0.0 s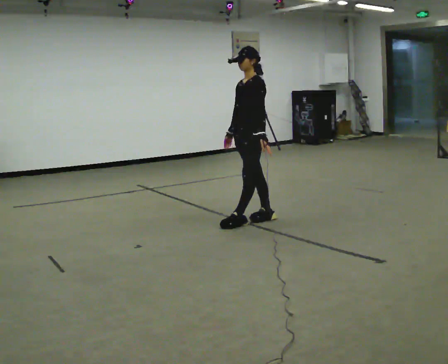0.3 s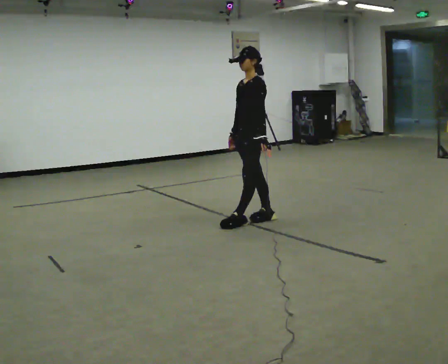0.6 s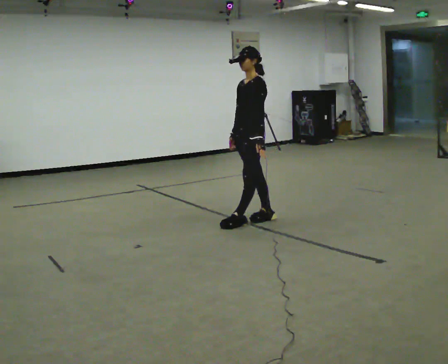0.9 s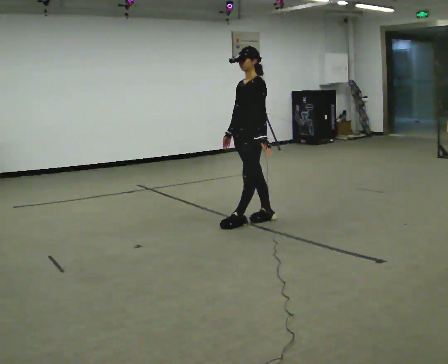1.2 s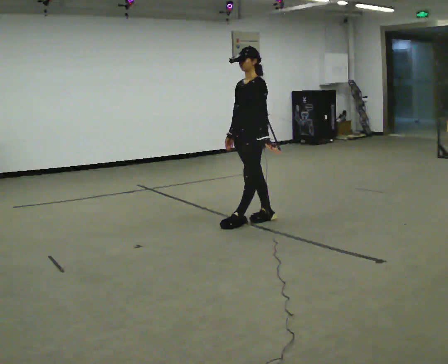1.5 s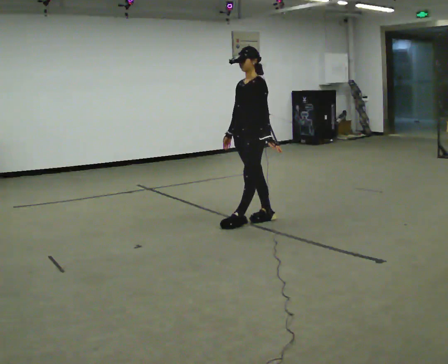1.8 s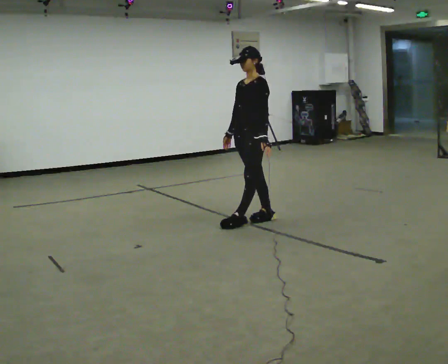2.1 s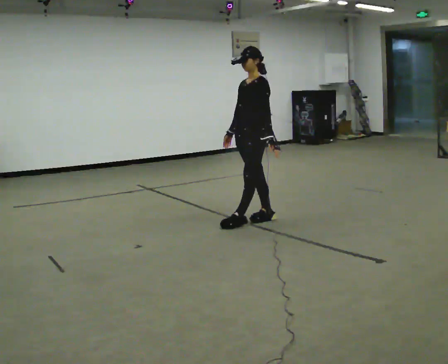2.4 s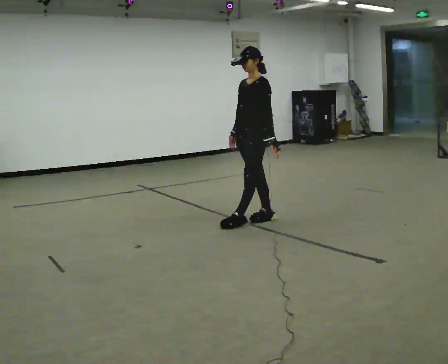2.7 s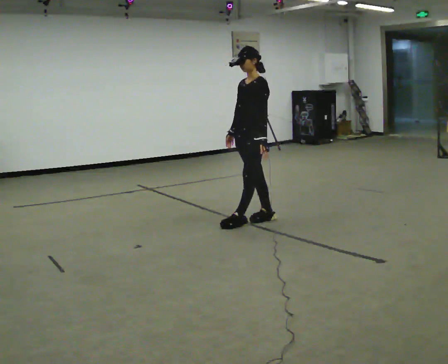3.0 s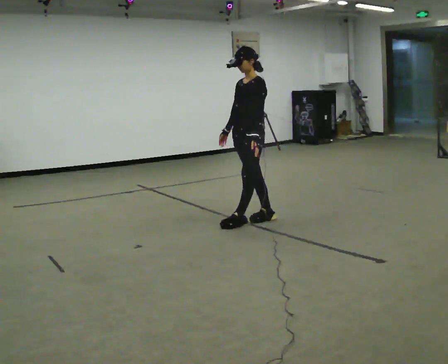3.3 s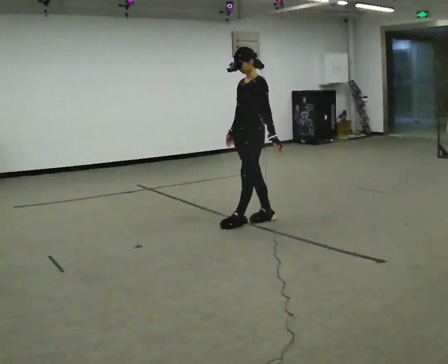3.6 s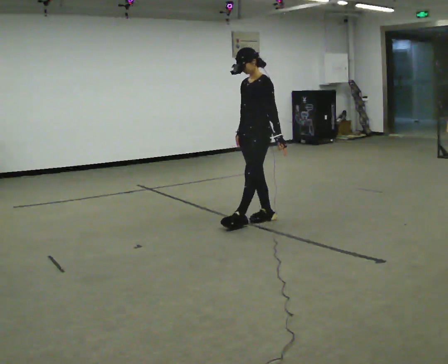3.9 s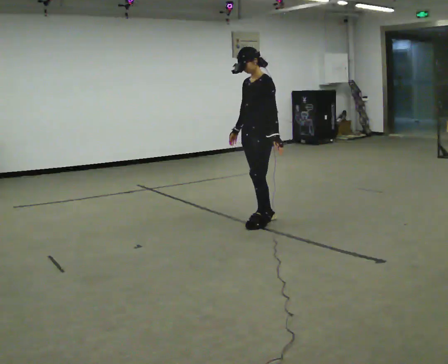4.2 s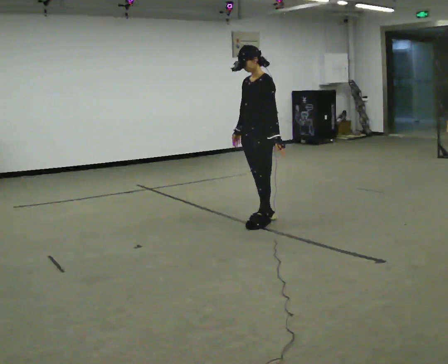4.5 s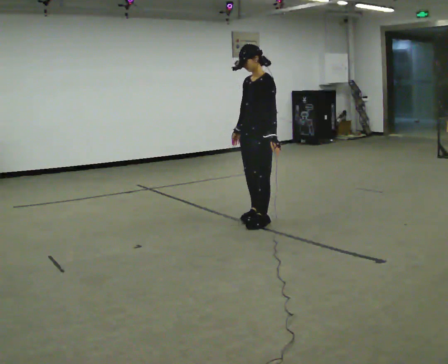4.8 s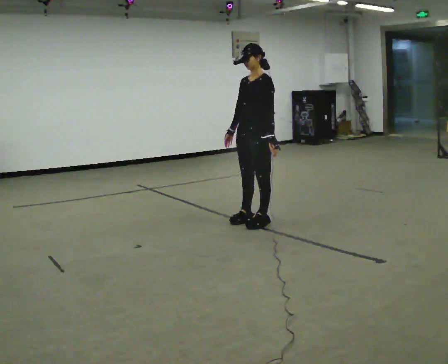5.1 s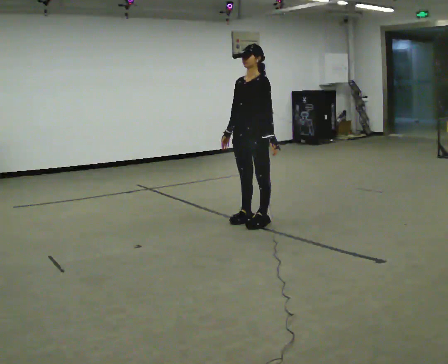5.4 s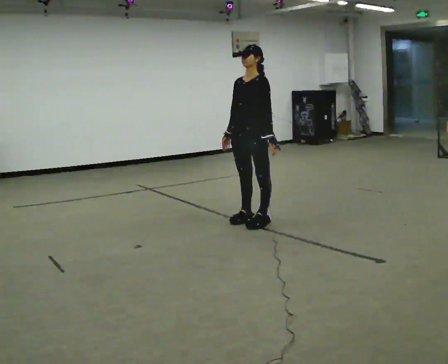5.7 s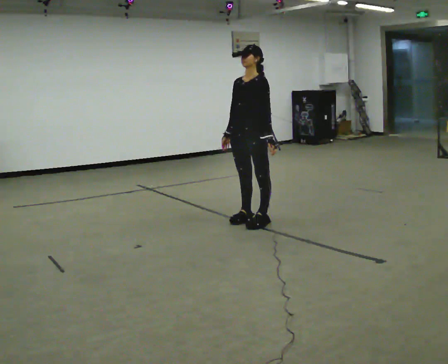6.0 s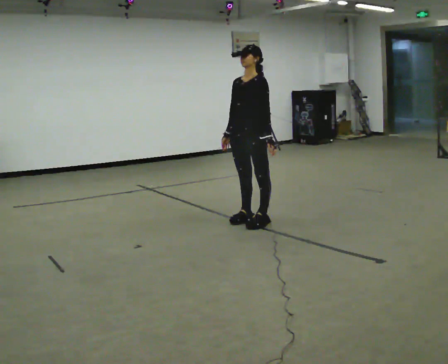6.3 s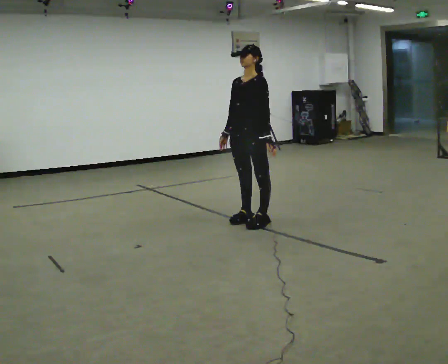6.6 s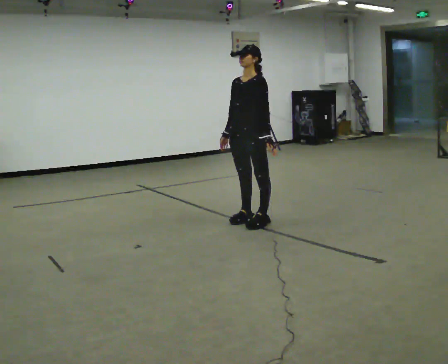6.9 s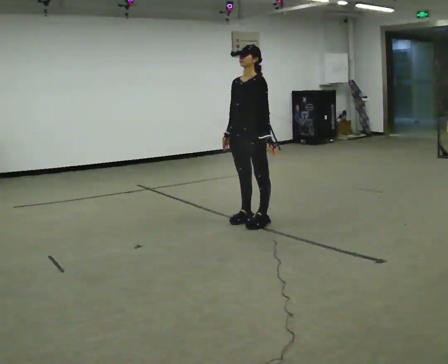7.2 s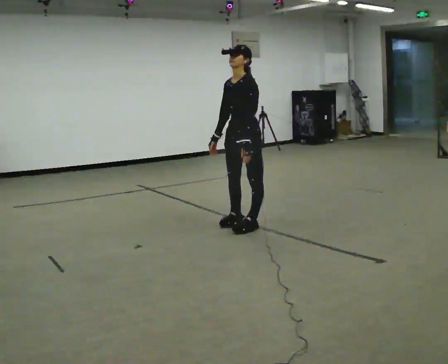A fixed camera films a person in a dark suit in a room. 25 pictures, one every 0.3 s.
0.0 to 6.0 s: The person moves a little, or ends about where they began.
6.0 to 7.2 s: In the picture they go toward the camera, about 0.25 m, which for them is forward.
The film runs backward here.
